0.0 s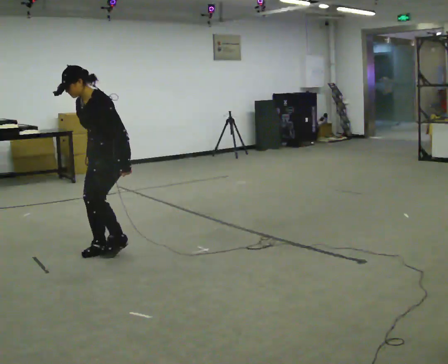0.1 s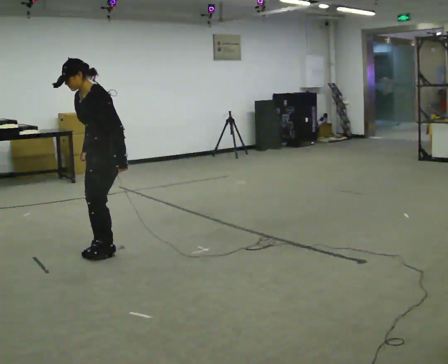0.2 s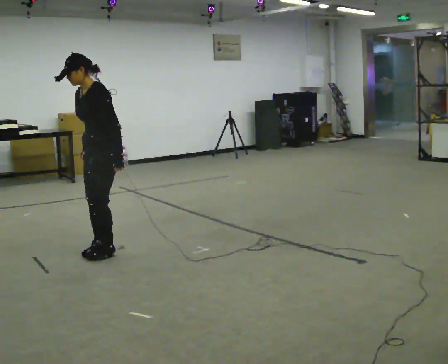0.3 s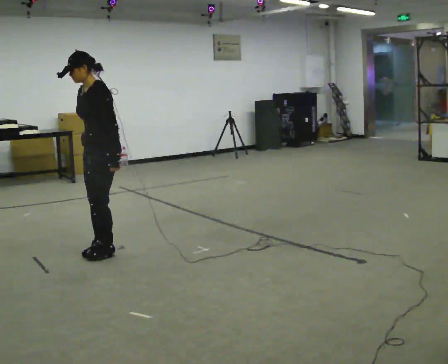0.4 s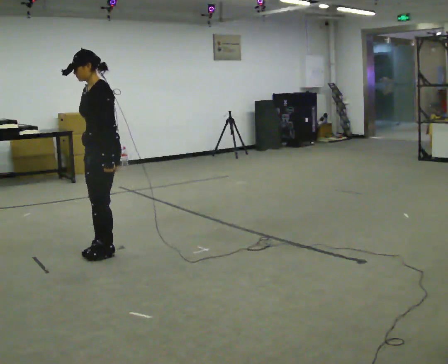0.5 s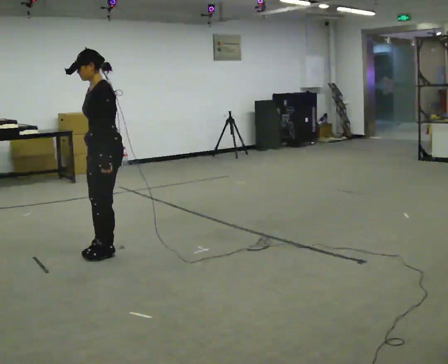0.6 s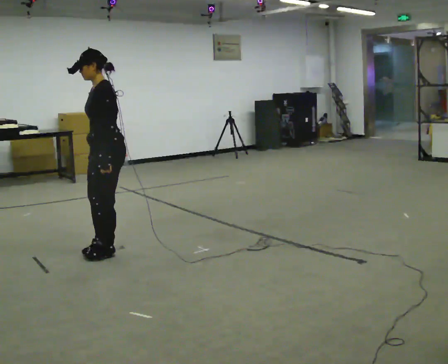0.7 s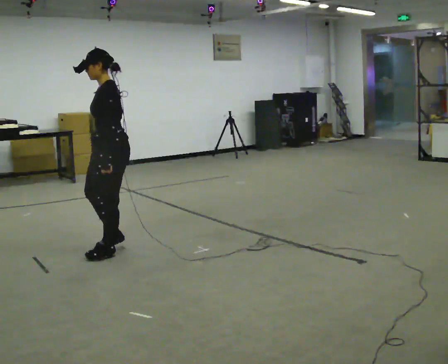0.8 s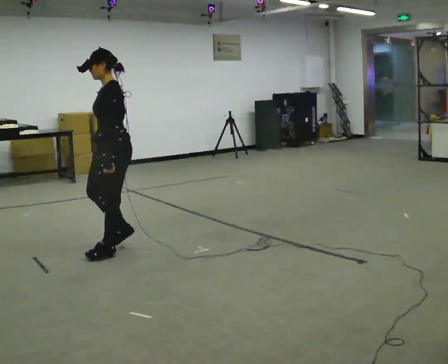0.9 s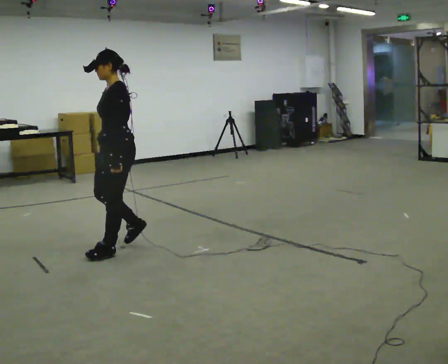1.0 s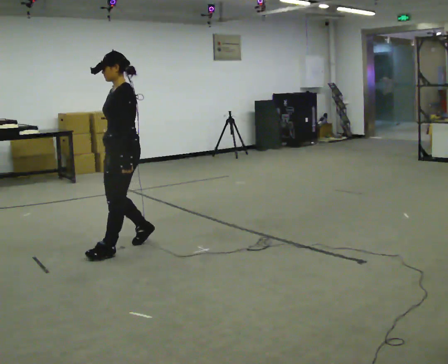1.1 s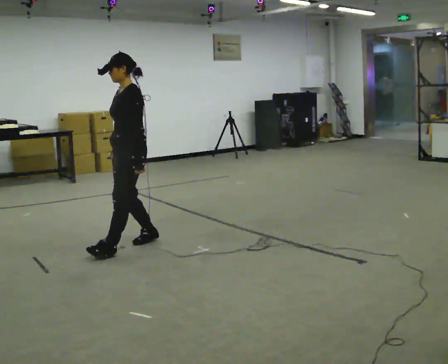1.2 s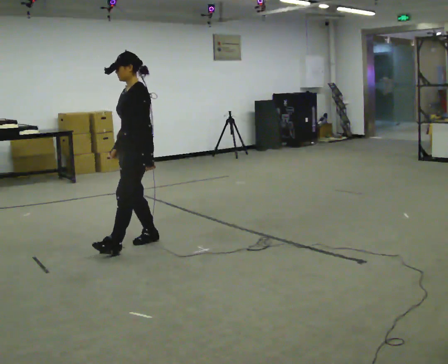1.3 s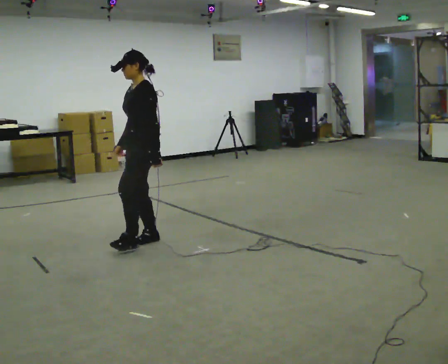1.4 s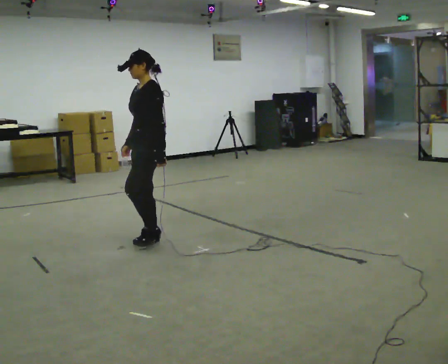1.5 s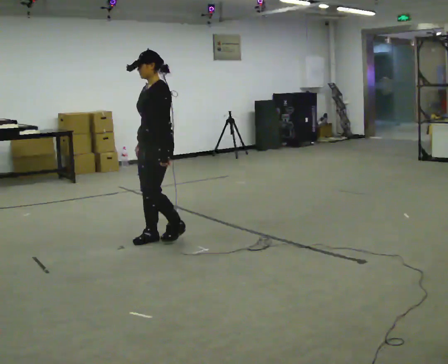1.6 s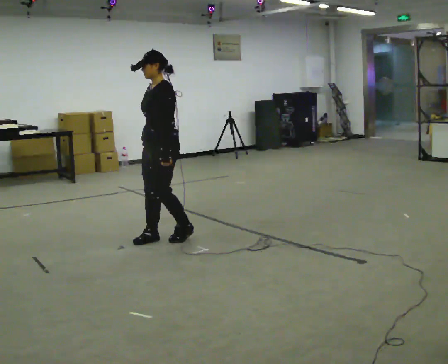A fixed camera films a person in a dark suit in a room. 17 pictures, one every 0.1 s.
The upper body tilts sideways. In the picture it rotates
clockwise.
0.0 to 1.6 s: In the picture they go to the right and away from the camera, about 0.5 m in 2 steps, which for them is backward. In the picture the upper body tilts clockwise, shoulders to the right, as they lean back or straighten.
The film runs forward here.
